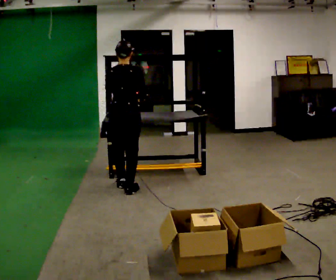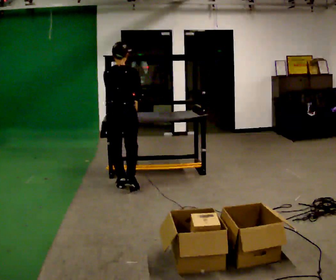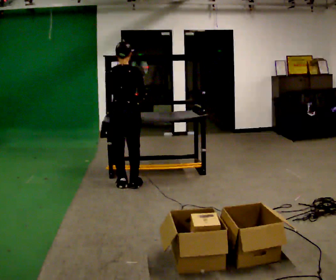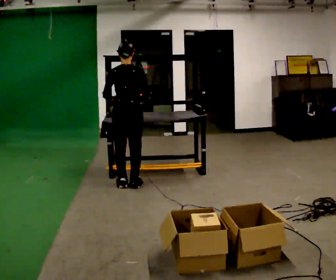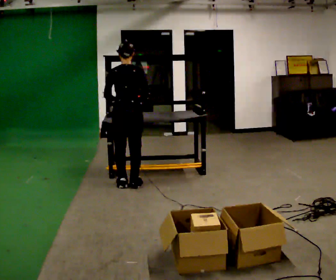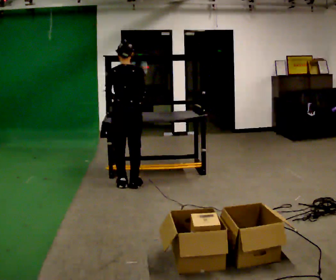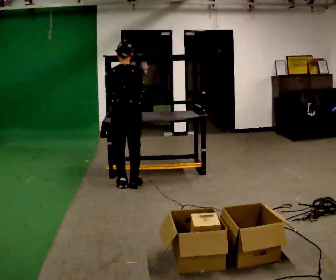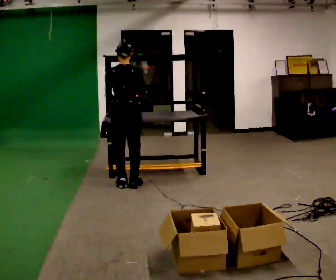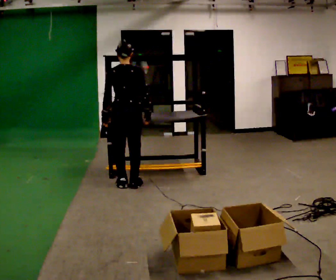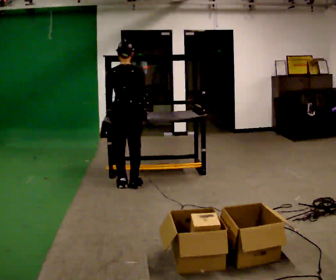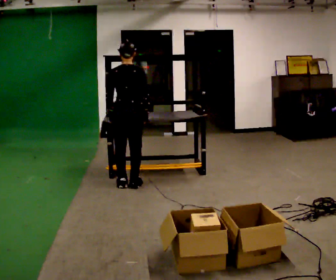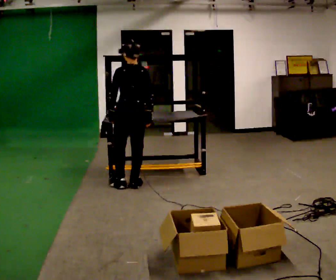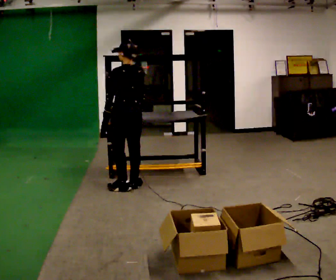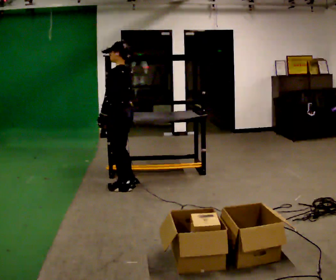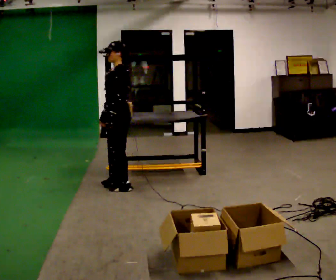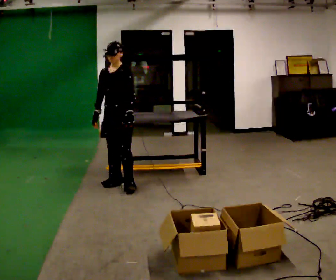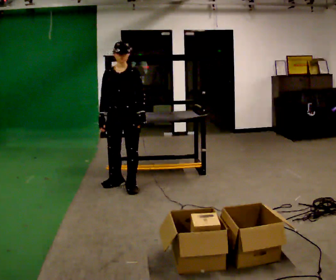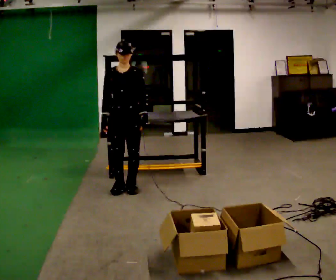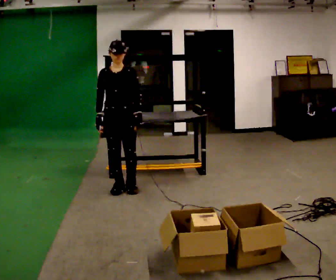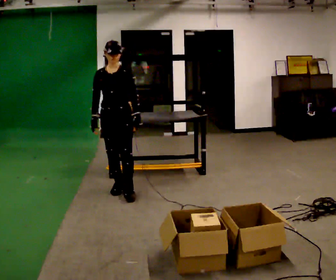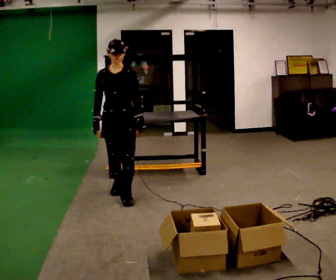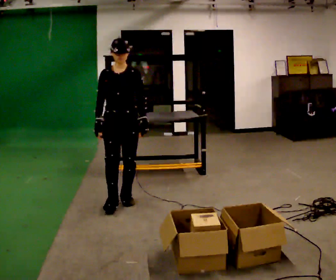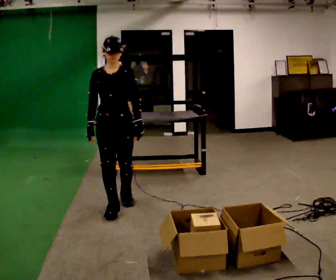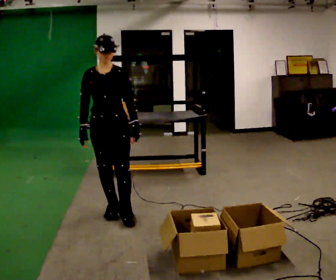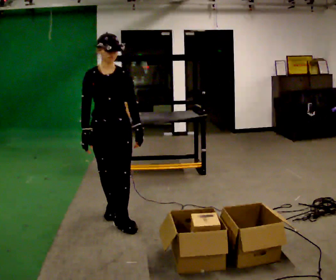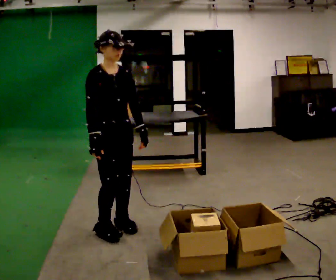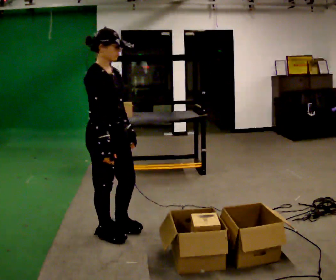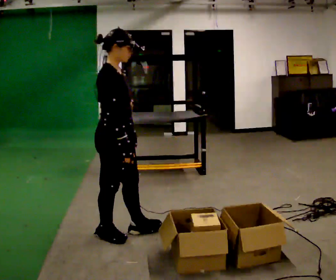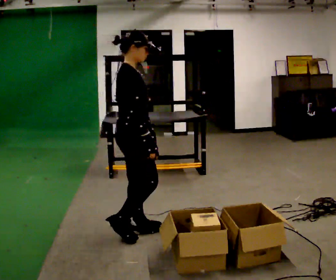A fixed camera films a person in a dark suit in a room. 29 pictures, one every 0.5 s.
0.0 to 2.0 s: In the picture they go away from the camera, about 0.25 m in 1 step, which for them is forward.
2.0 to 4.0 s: The person moves a little, or ends about where they began.
4.0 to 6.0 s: The person turns about 30 degrees to their left, counterclockwise seen from above, so the part of the body nearest the lens slides to the right.
6.0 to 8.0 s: Seen from above the body turns counterclockwise, about 135 degrees: to their left, with its near side sliding to the right. In the picture their left hand goes to the right, the arm swinging counterclockwise.
8.0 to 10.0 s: In the picture they go toward the camera, about 0.25 m in 2 steps, which for them is forward.
10.0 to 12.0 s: In the picture they go toward the camera, about 0.75 m in 2 steps, which for them is forward.
12.0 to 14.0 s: The part of the body nearest the lens slides to the right as the person turns to their left by about 75 degrees. In the picture they go toward the camera and to the right, about 0.25 m in 2 steps.
The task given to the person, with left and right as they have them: 1. Look at the shelf and see which spaces are empty. 2. Find matching items in the bins on the floor. 3. Fill the empty spaces on the shelf. 4. Tell the operator when you are finished.
The film runs forward here.
